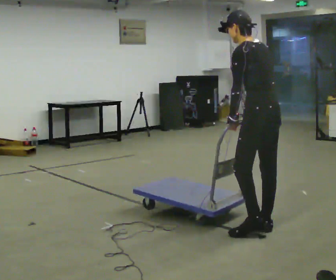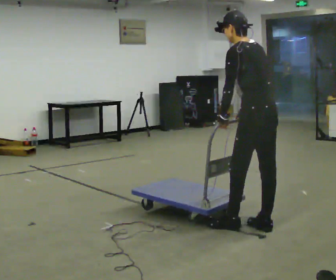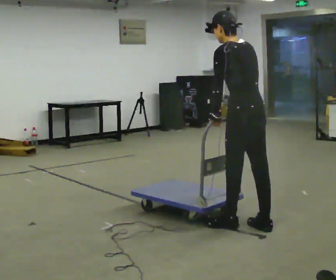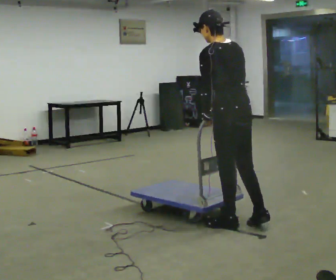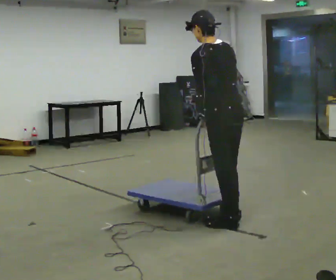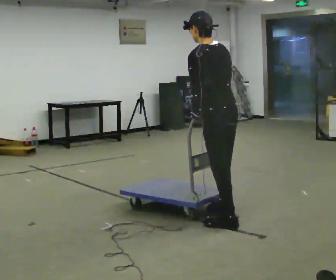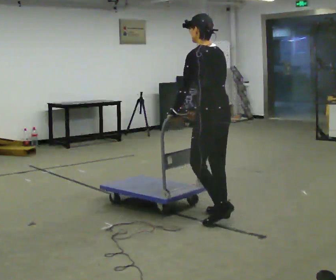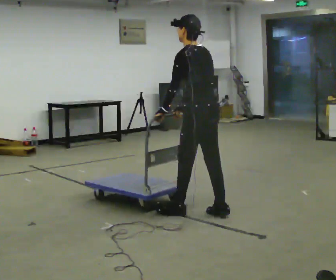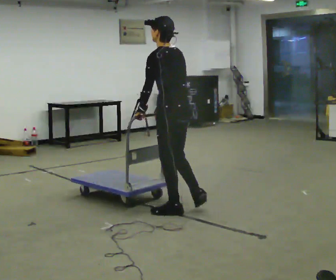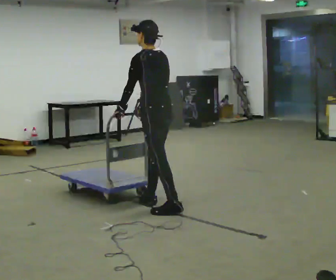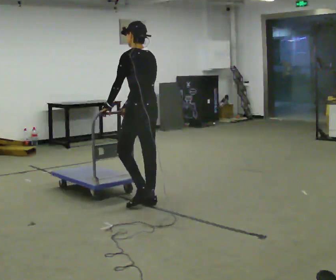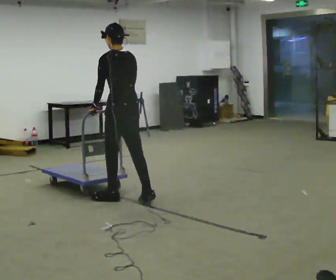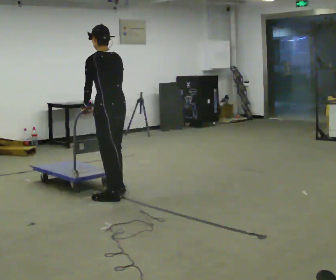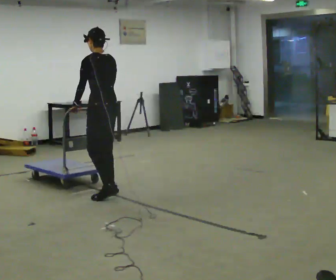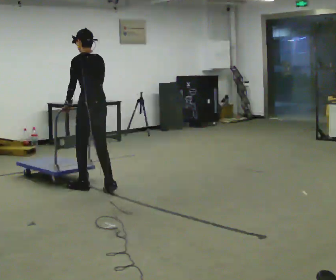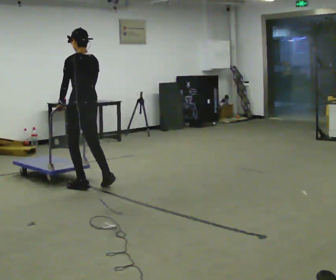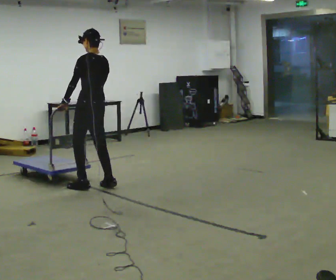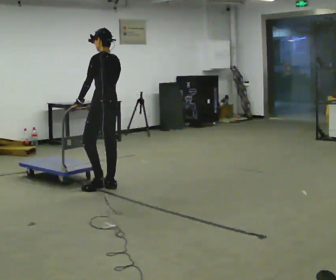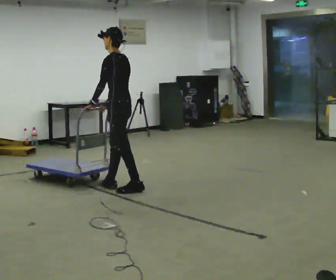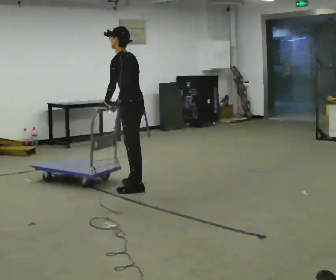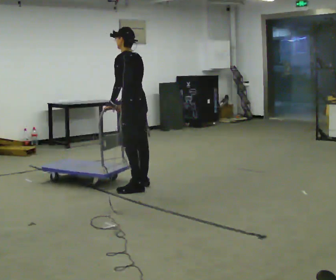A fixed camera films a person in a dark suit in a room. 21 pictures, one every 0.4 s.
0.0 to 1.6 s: In the picture they go to the left, about 0.25 m in 1 step, which for them is forward and to their left.
1.6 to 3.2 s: In the picture they go away from the camera and to the left, about 0.5 m in 2 steps, which for them is forward.
3.2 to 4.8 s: In the picture they go to the left and away from the camera, about 1 m in 2 steps, which for them is forward.
4.8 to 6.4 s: In the picture they go away from the camera and to the left, about 0.5 m in 3 steps, which for them is forward and to their right.
6.4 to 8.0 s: In the picture they go to the right, about 0.5 m in 2 steps, which for them is backward.
The film runs forward here.
